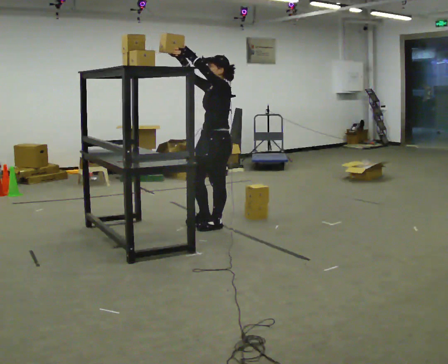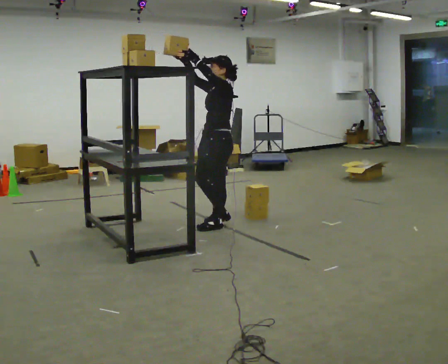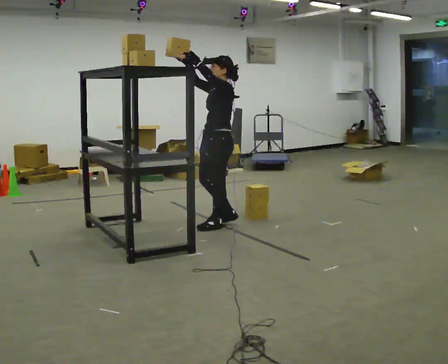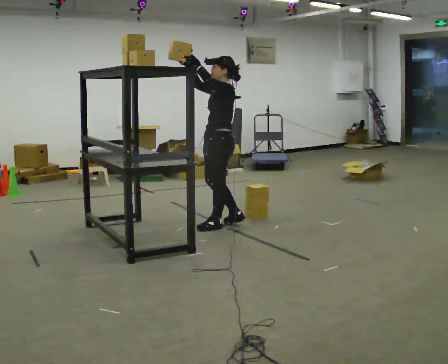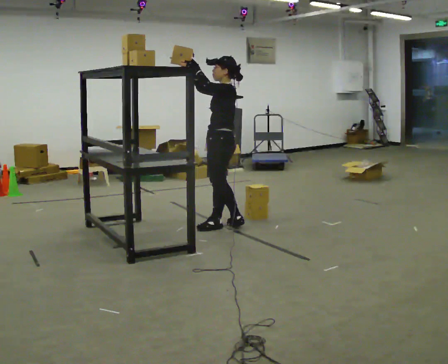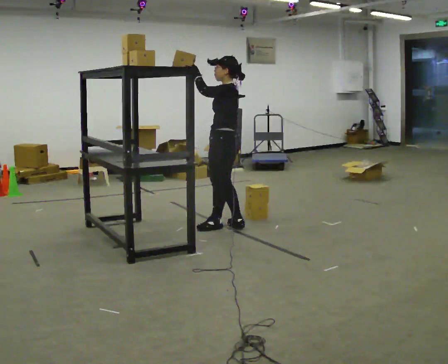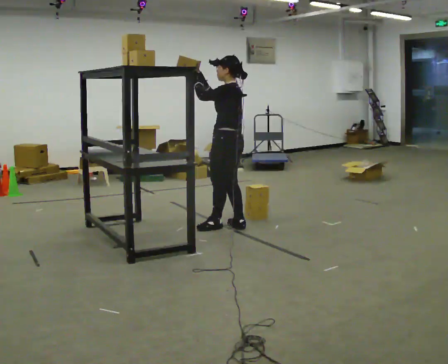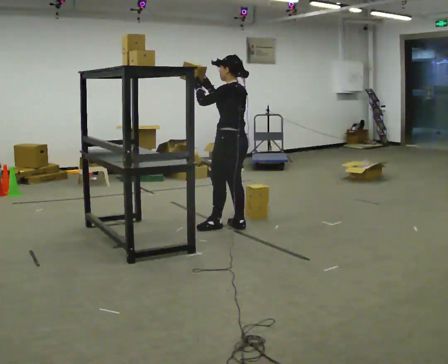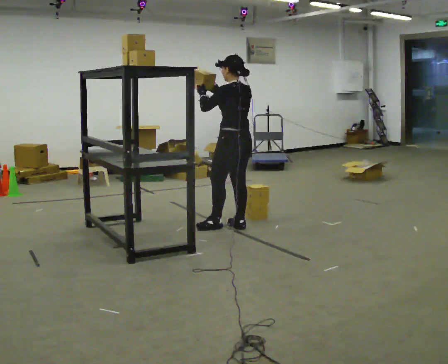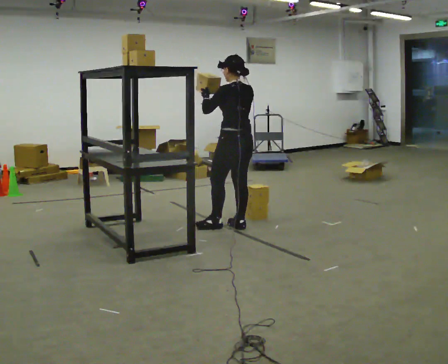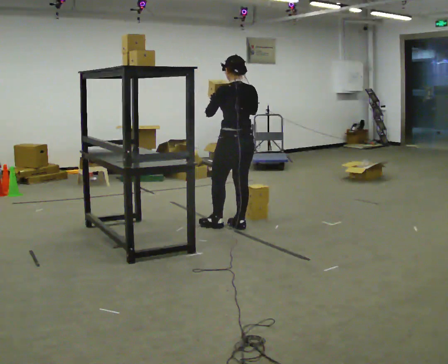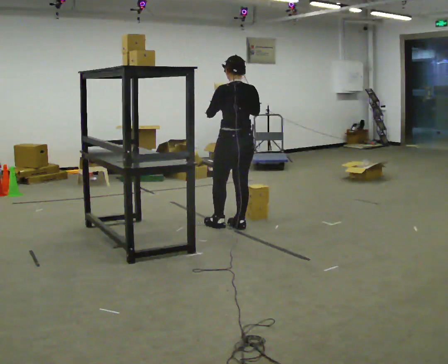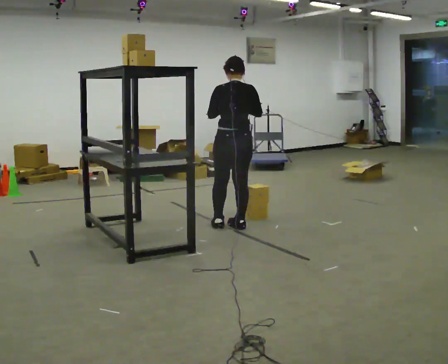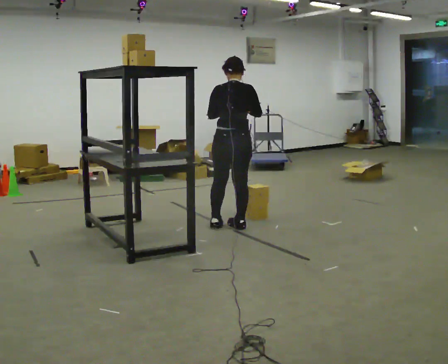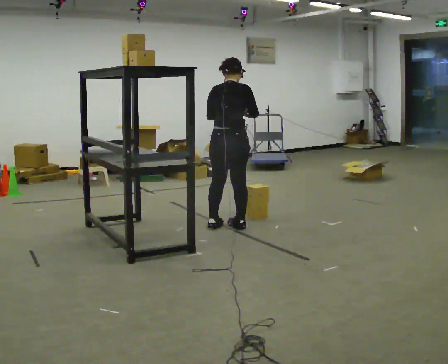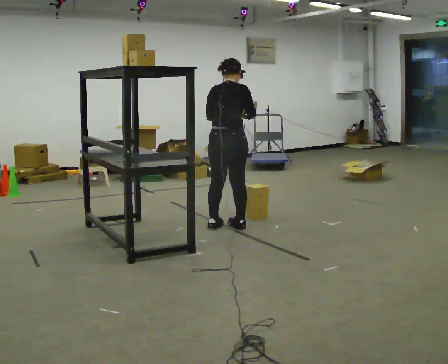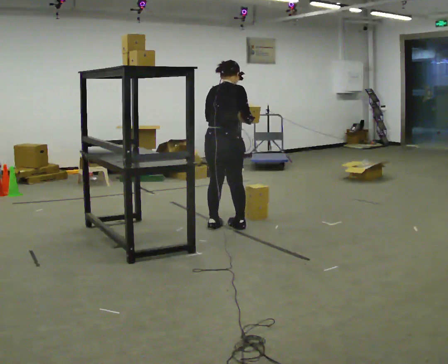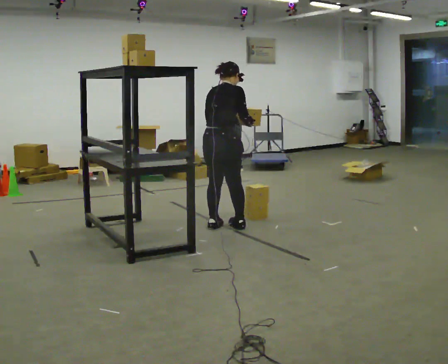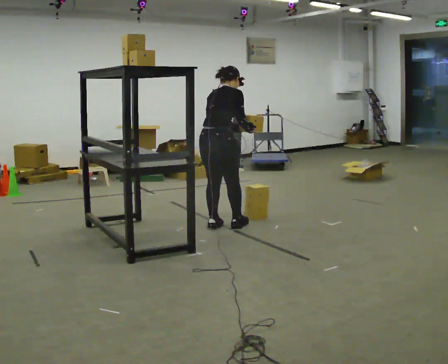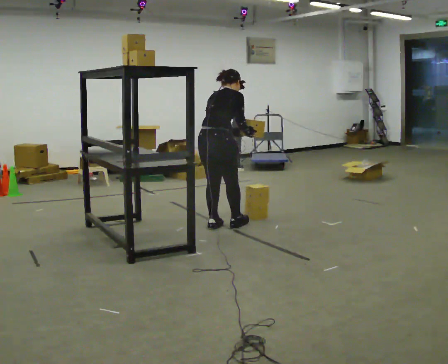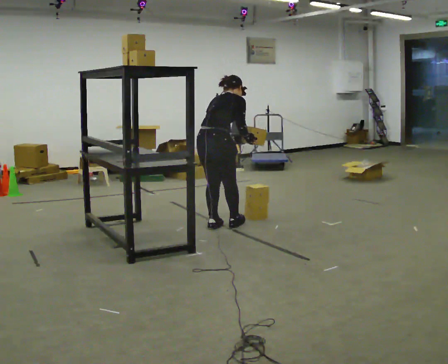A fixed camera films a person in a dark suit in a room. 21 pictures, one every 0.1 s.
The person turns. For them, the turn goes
to their right.
The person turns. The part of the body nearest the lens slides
to the left.
0.0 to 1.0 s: Seen from above the body turns clockwise, about 90 degrees: to their right, with its near side sliding to the left. In the picture they go to the right, about 0.25 m in 1 step. In the picture their right hand goes to the right and downward.
1.0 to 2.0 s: The part of the body nearest the lens slides to the left as the person turns to their right by about 60 degrees. In the picture they go to the left, about 0.25 m. The upper body tips away from the camera, its near side rolling upward, as they bend forward. In the picture their right hand goes downward.
The film runs forward here.
